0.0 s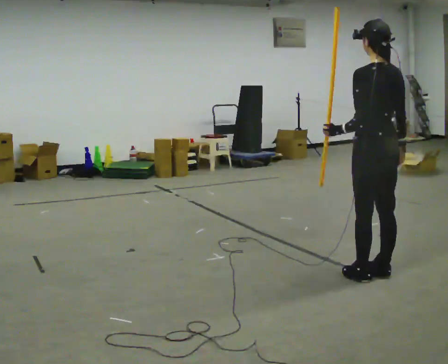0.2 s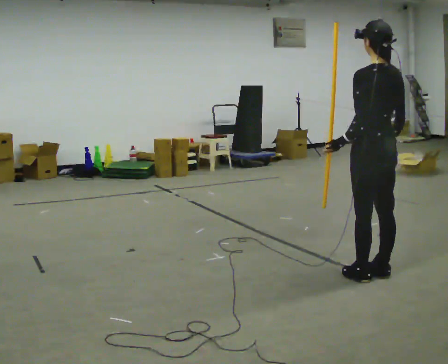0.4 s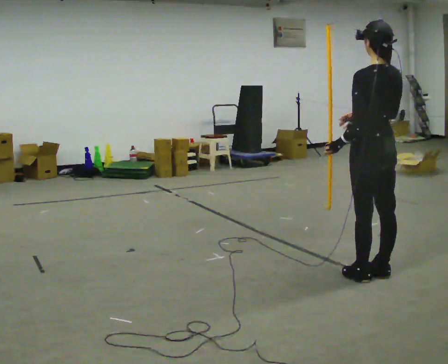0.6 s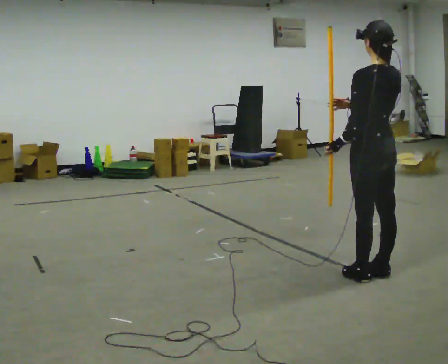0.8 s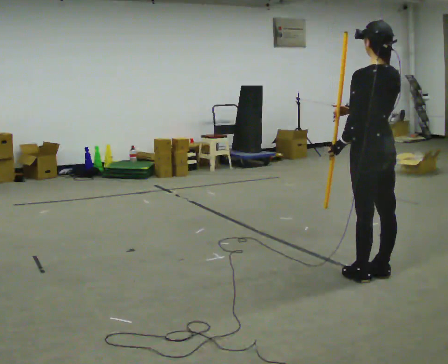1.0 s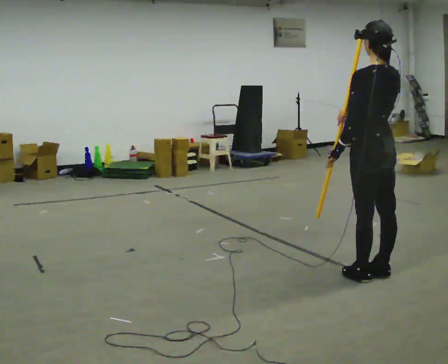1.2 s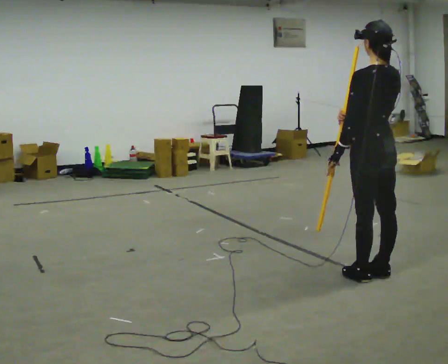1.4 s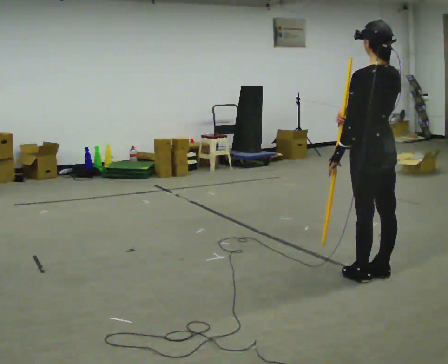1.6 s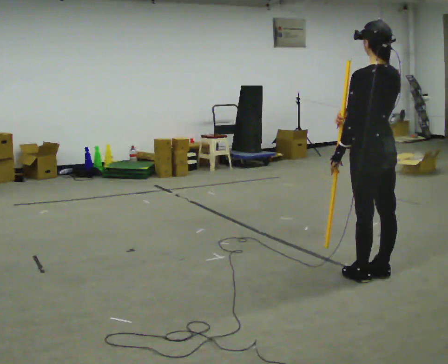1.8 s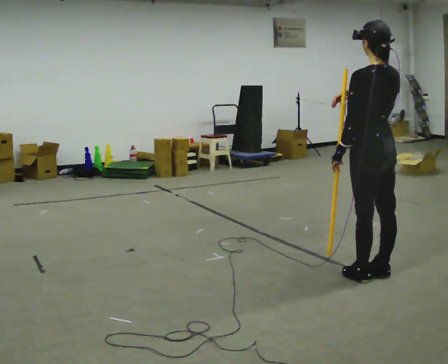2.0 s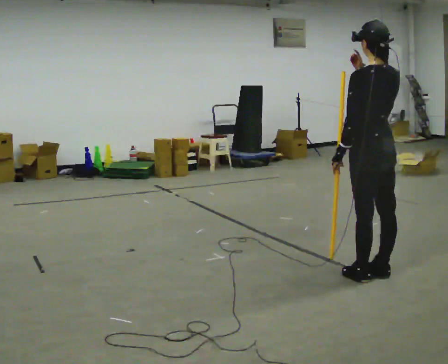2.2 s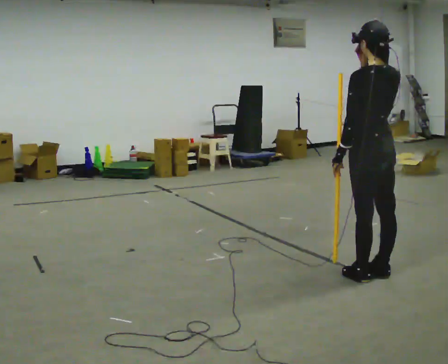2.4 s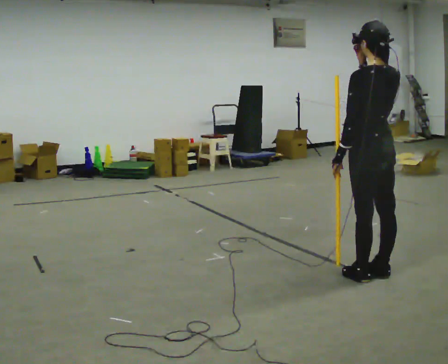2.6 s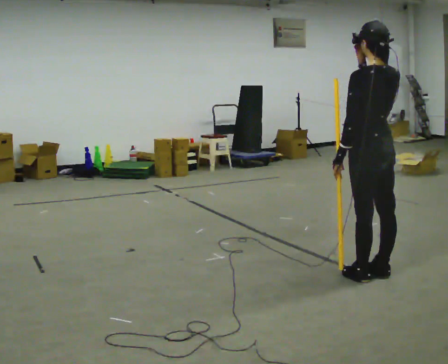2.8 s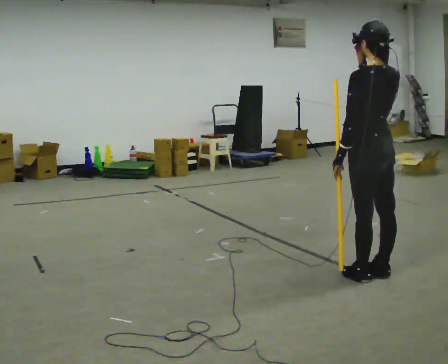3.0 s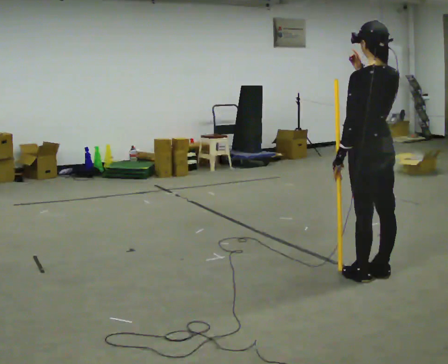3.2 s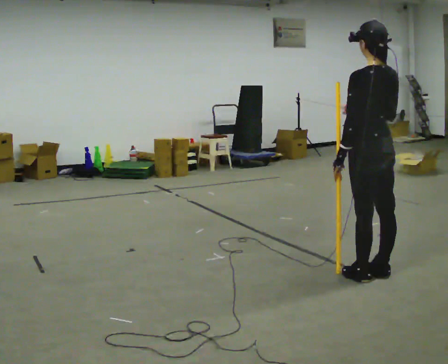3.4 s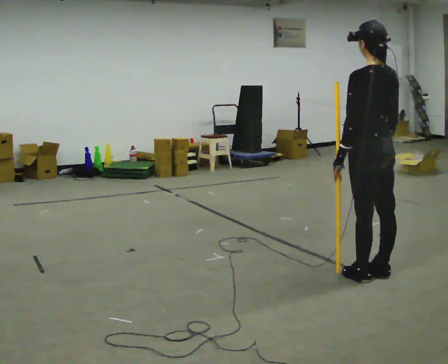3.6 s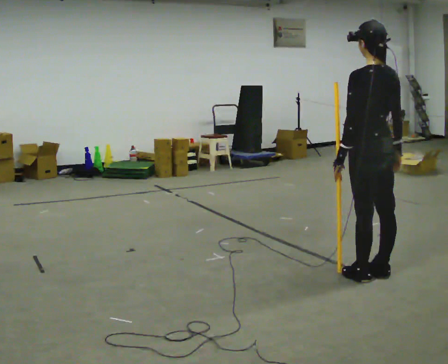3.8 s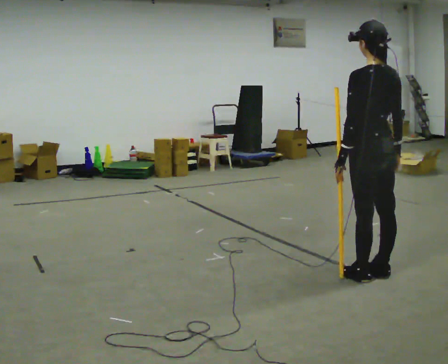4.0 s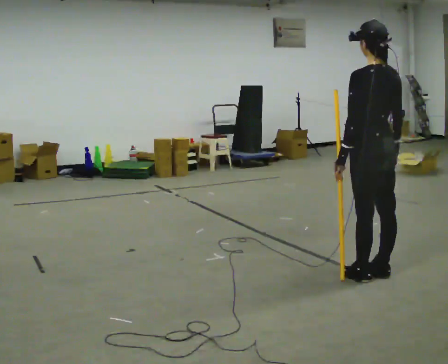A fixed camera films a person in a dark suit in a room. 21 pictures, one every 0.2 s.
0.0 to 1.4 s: The person moves a little, or ends about where they began.
1.4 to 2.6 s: In the picture their right hand goes upward.
2.6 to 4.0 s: In the picture their right hand goes downward.
The film runs forward here.
